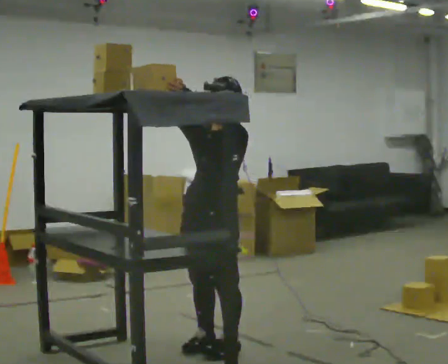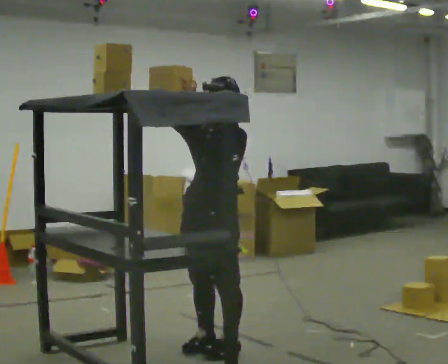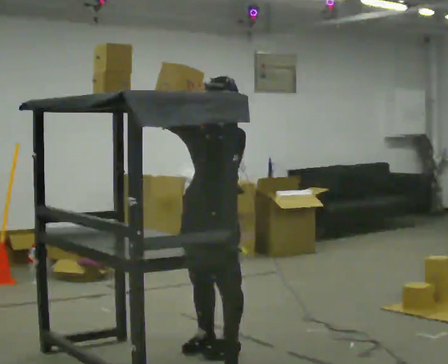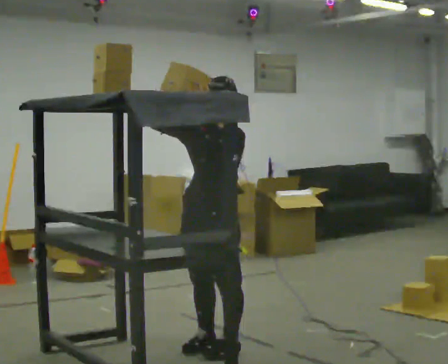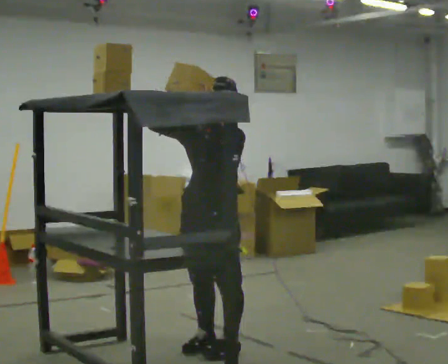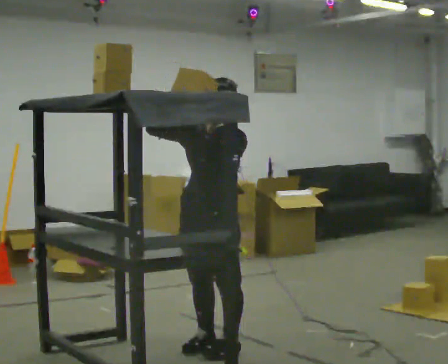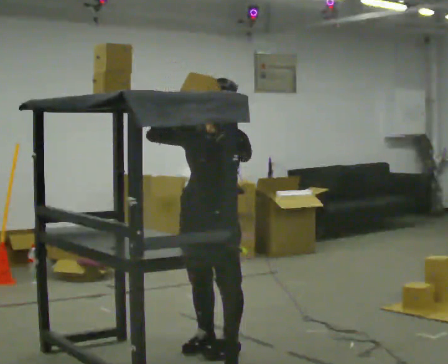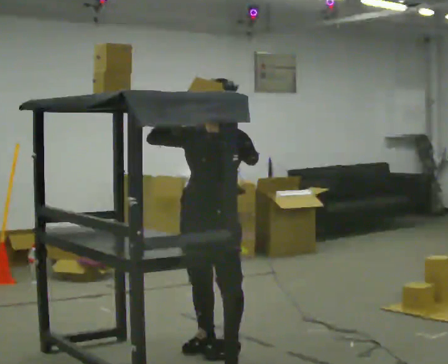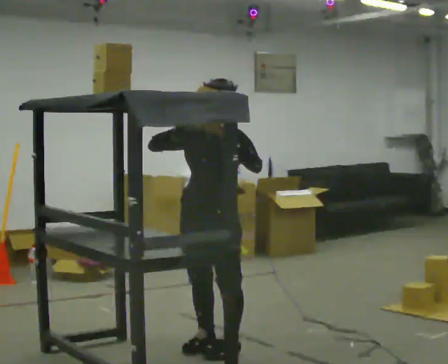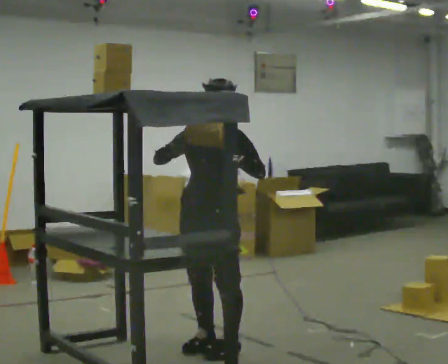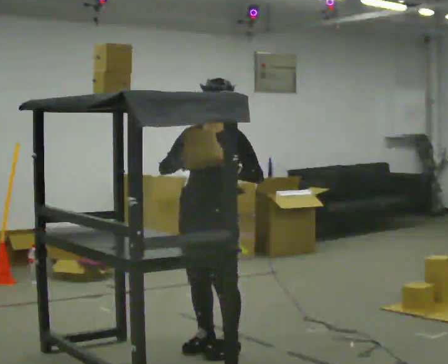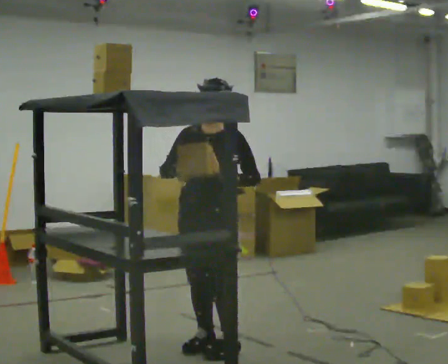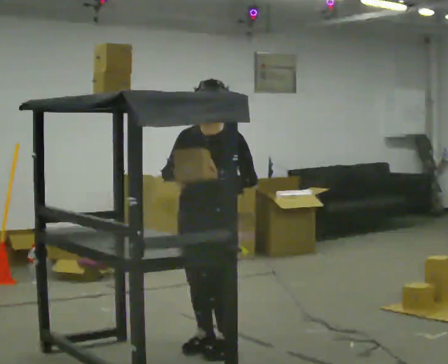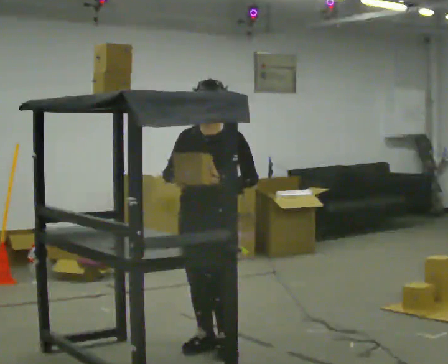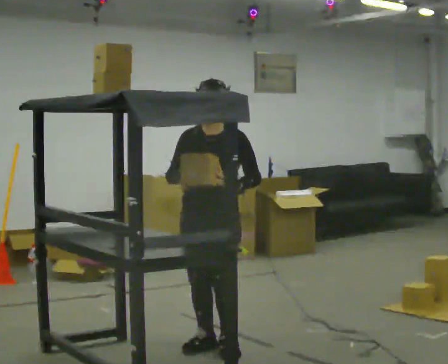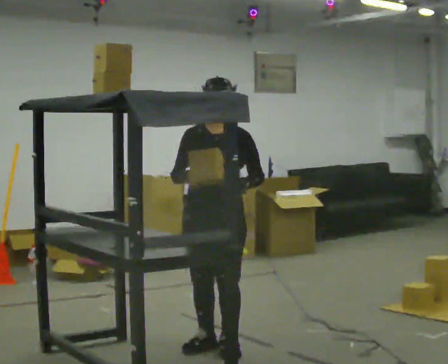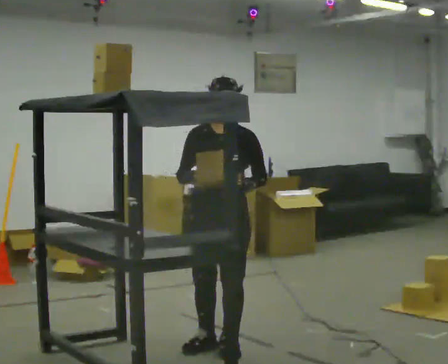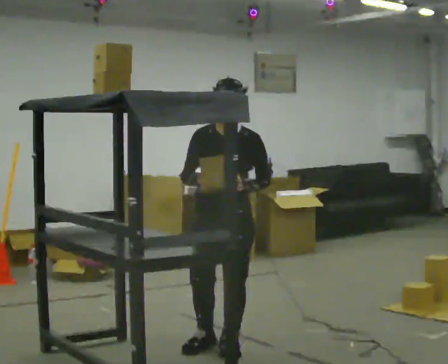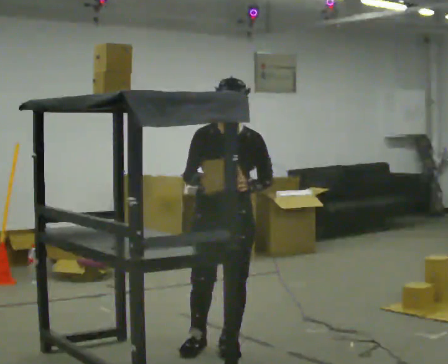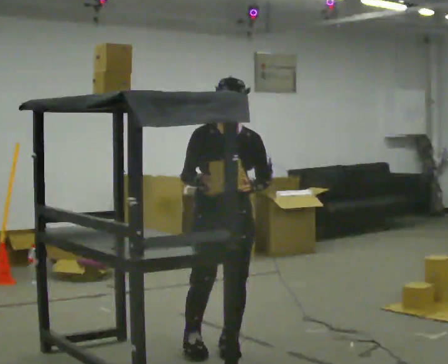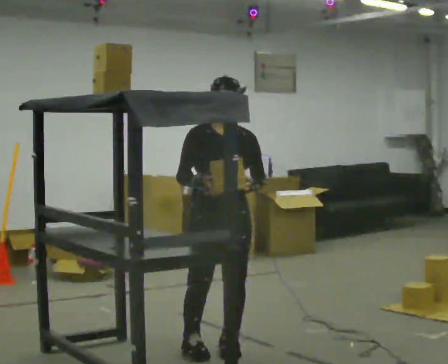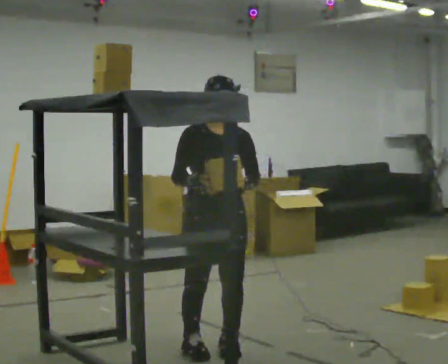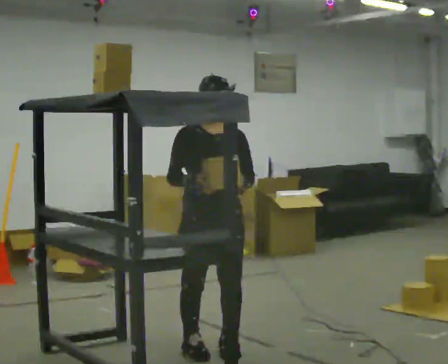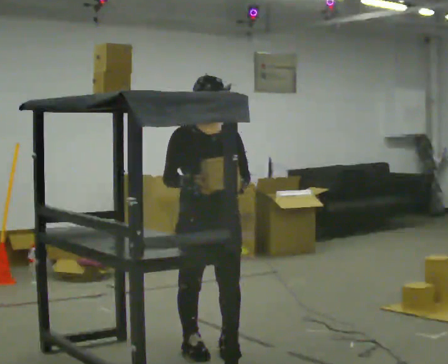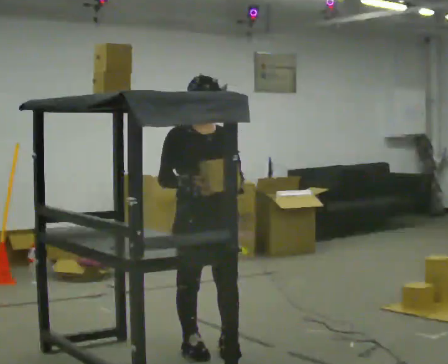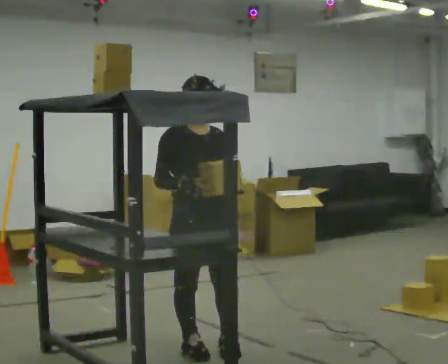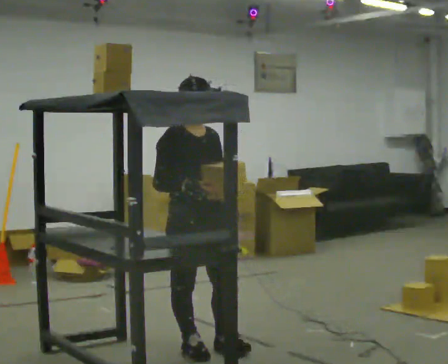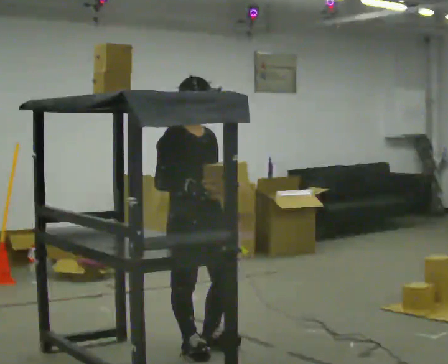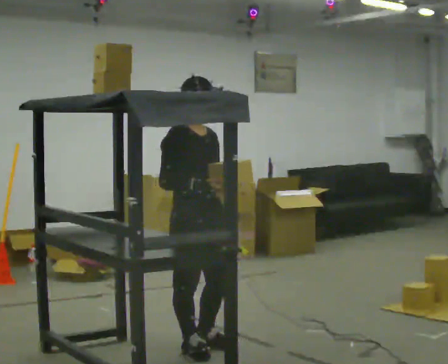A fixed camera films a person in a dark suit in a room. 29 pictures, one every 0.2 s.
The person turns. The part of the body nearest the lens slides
to the right.
Their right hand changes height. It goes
downward.
0.0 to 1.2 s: The person moves a little, or ends about where they began.
1.2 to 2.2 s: In the picture their right hand goes downward.
2.2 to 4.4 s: Seen from above the body turns counterclockwise, about 45 degrees: to their left, with its near side sliding to the right.
4.4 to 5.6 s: Seen from above the body turns counterclockwise, about 45 degrees: to their left, with its near side sliding to the right.
The film runs forward here.
